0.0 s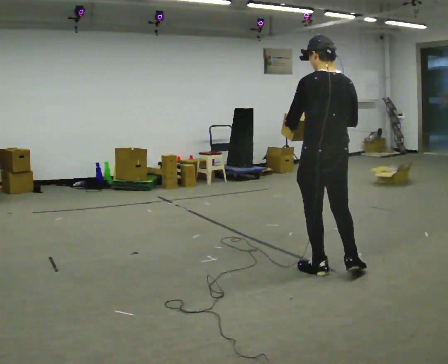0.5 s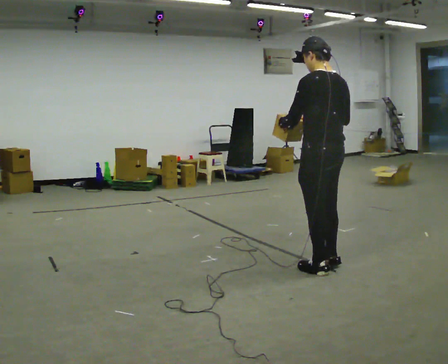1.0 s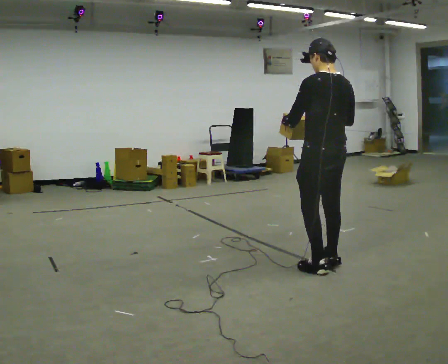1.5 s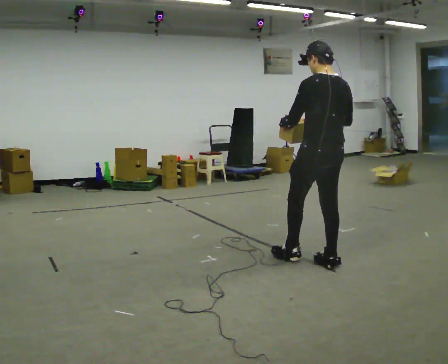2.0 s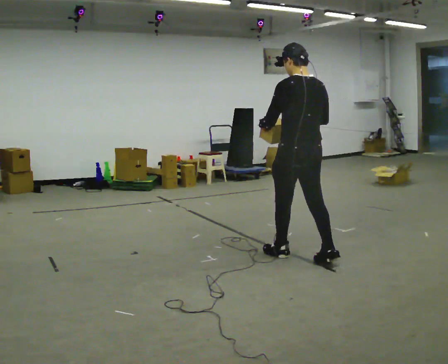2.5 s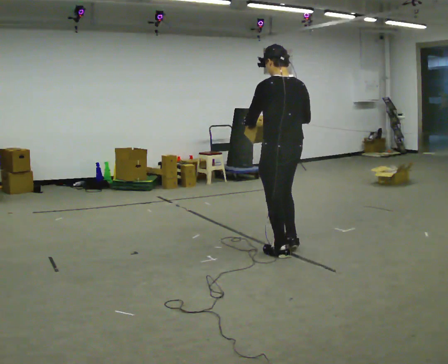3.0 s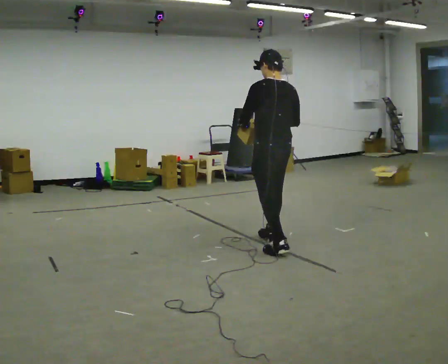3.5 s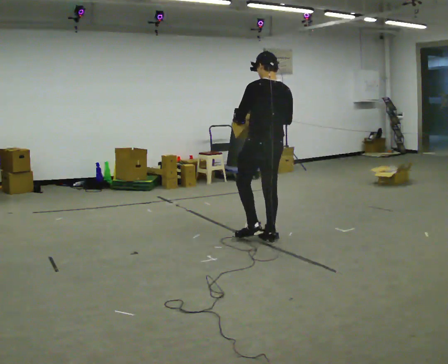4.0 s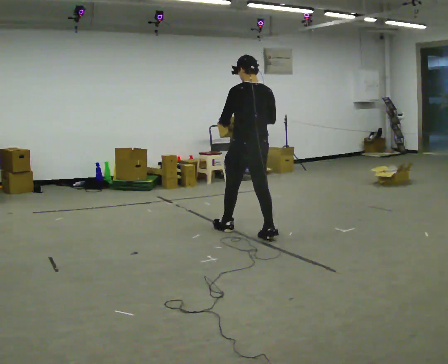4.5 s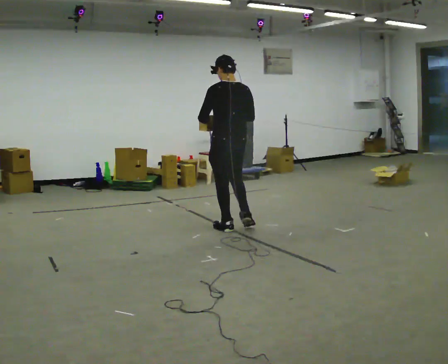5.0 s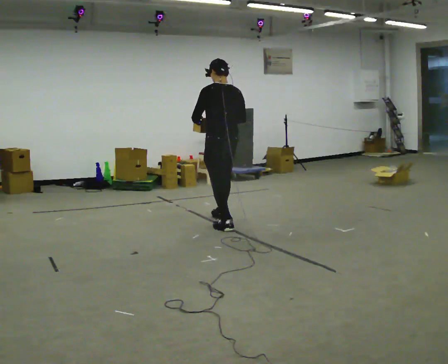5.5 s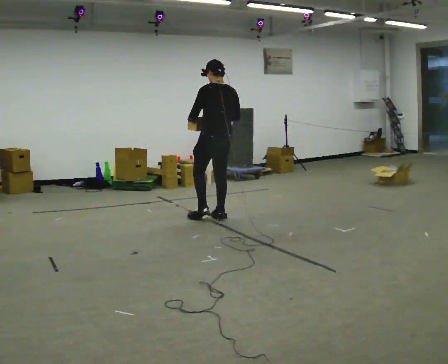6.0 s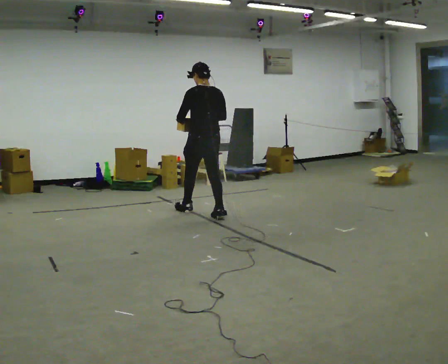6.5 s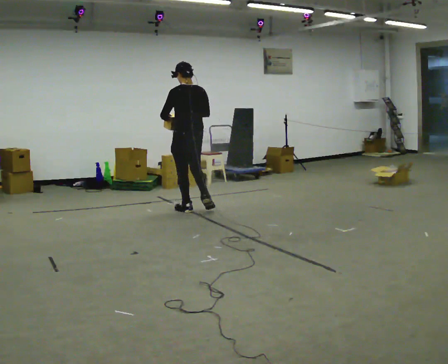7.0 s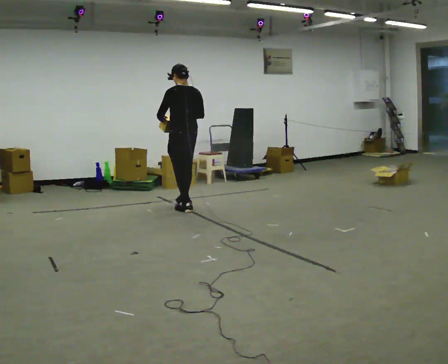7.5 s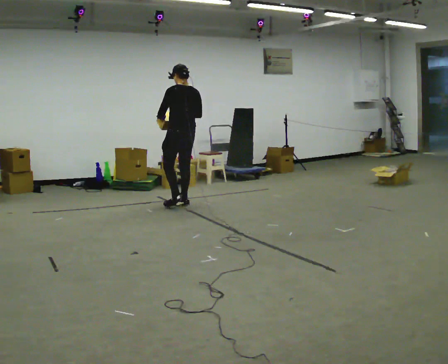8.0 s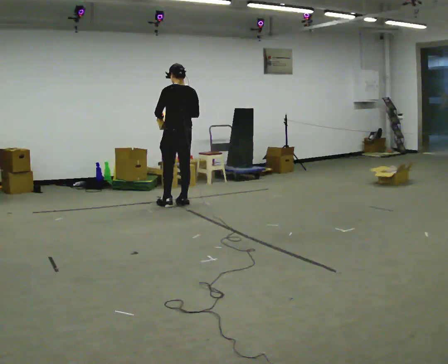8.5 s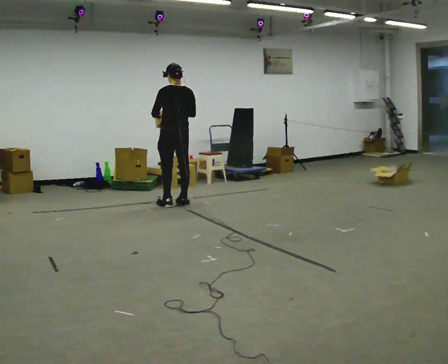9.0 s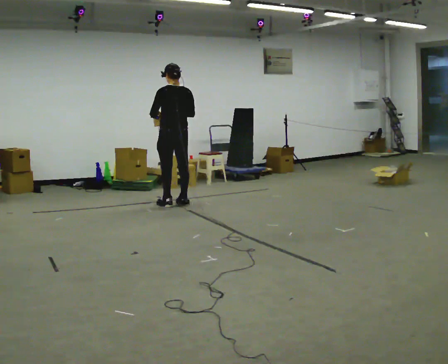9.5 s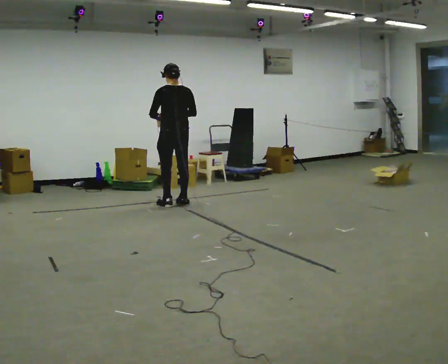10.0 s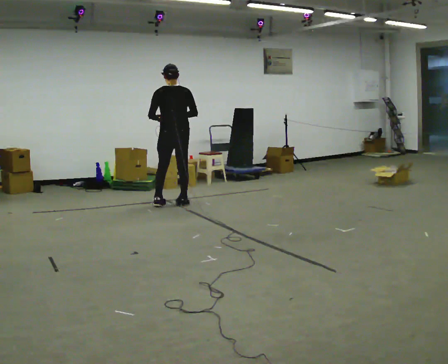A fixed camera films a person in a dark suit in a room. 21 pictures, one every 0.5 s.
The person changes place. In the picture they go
away from the camera.
0.0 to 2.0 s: In the picture they go away from the camera, about 0.5 m in 2 steps, which for them is forward.
2.0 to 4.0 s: In the picture they go away from the camera and to the left, about 1 m in 2 steps, which for them is forward.
4.0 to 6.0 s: In the picture they go away from the camera and to the left, about 1 m in 2 steps, which for them is forward.
6.0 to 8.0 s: In the picture they go away from the camera and to the left, about 0.5 m in 2 steps, which for them is forward.
8.0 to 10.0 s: The part of the body nearest the lens slides to the left as the person turns to their right by about 30 degrees.
The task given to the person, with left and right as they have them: Carry the object and, while walking, turn it over in your hands to look at all sides of it. Keep turning it as you walk.
The film runs forward here.
